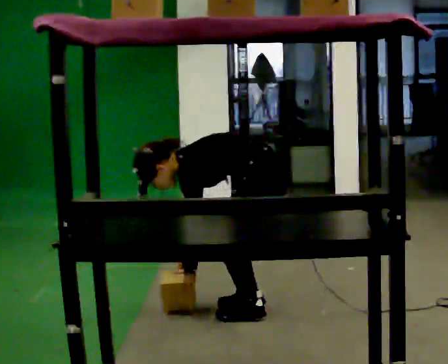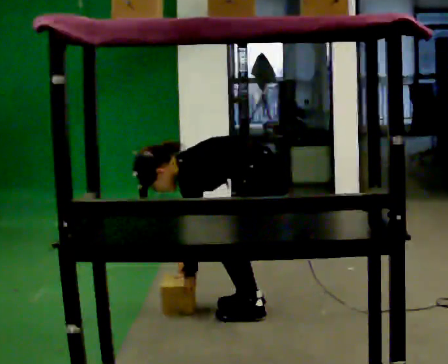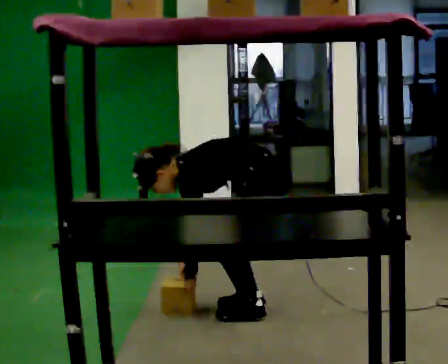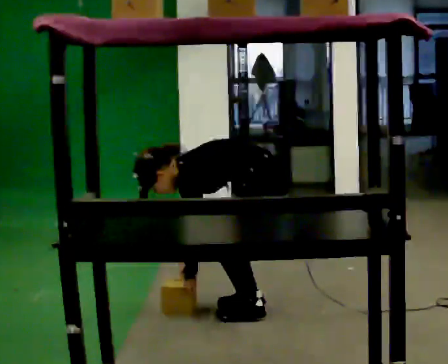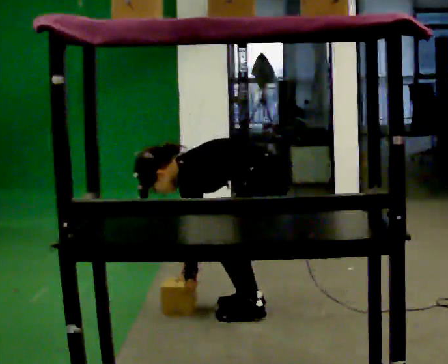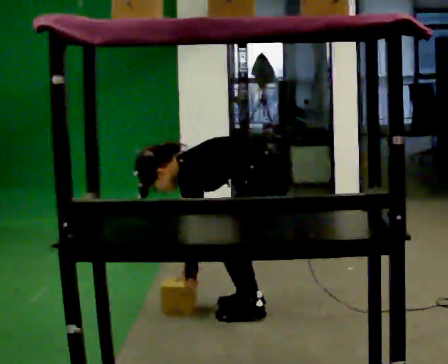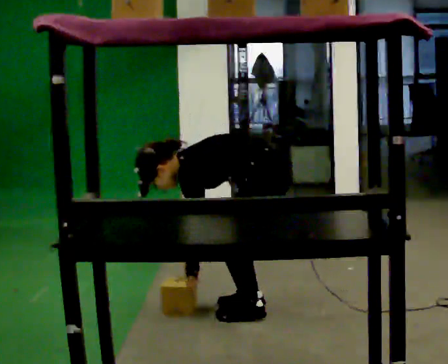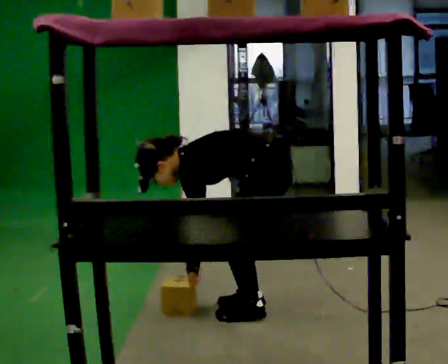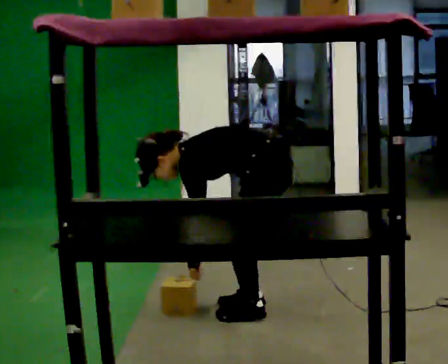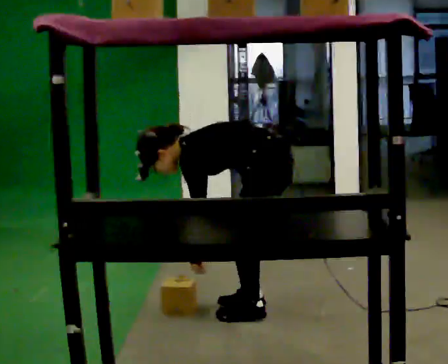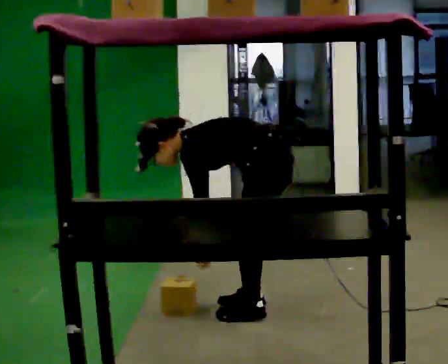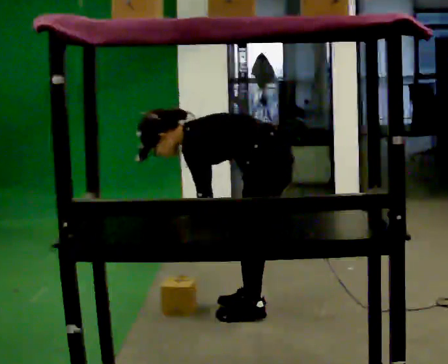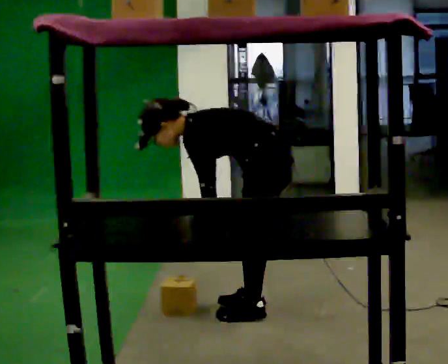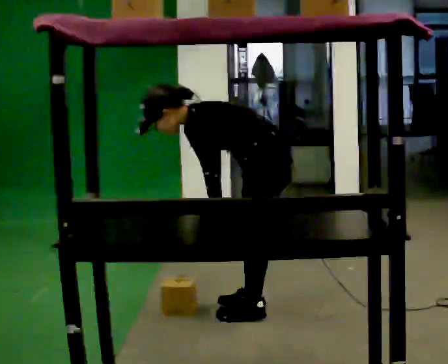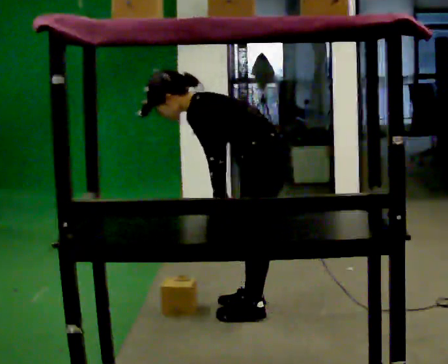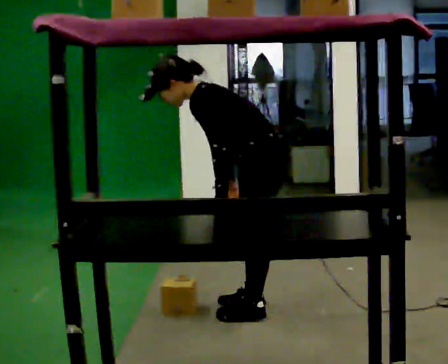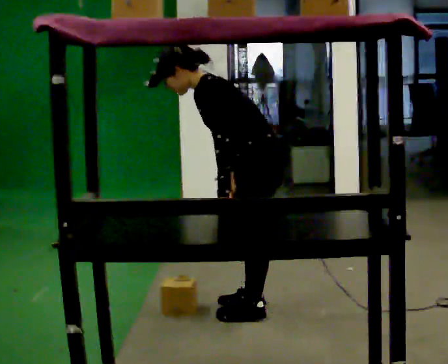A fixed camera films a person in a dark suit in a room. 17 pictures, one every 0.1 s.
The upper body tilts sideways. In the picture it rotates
clockwise.
The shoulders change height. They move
upward.
0.0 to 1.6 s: The upper body goes upward. In the picture the upper body tilts clockwise, shoulders to the right, as they lean back or straighten. In the picture their right hand goes upward.
The film runs backward here.
